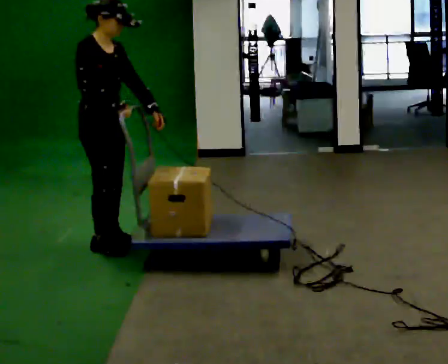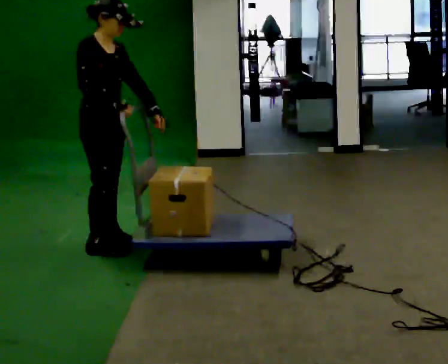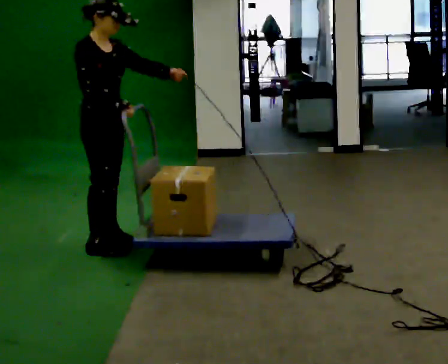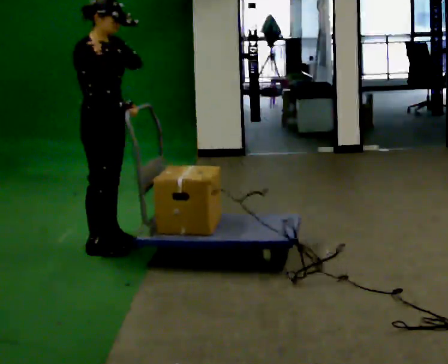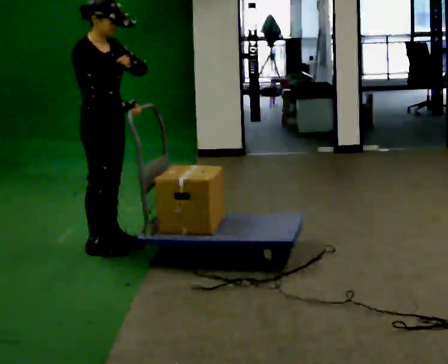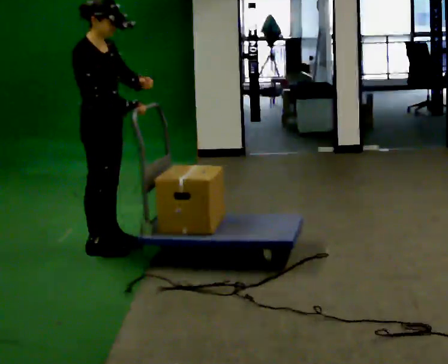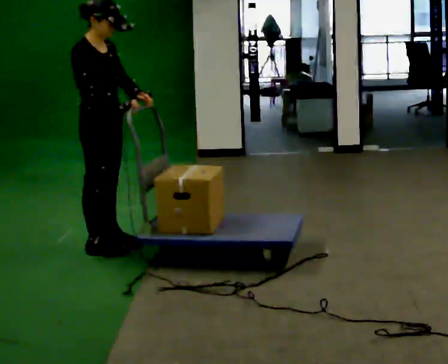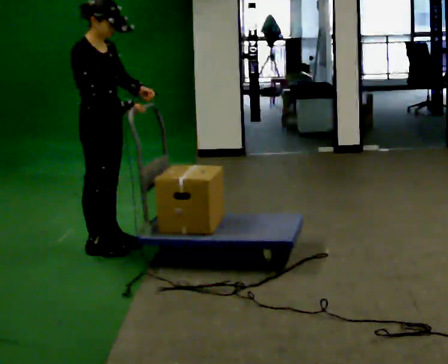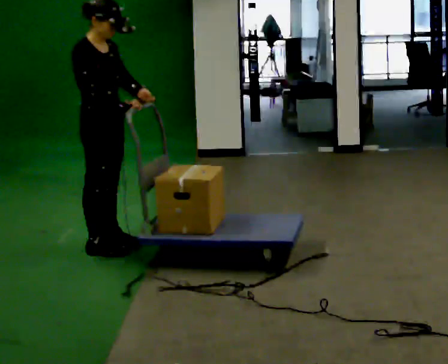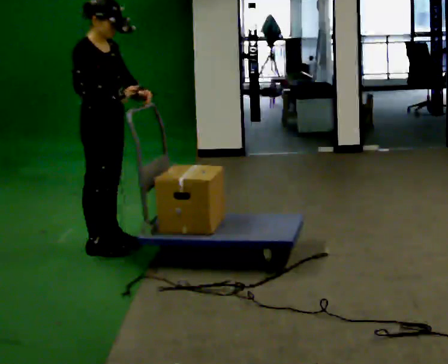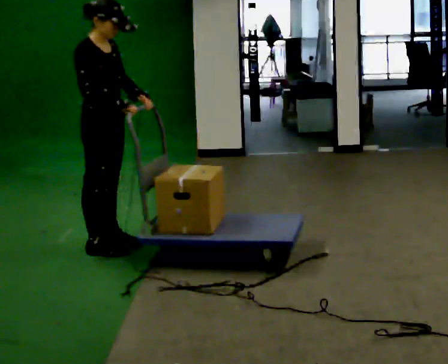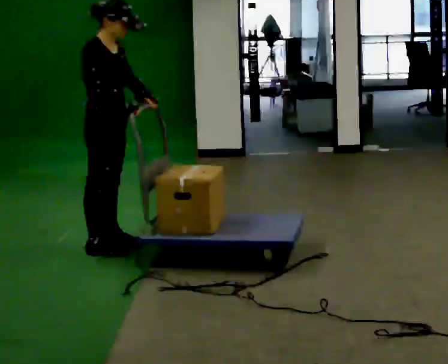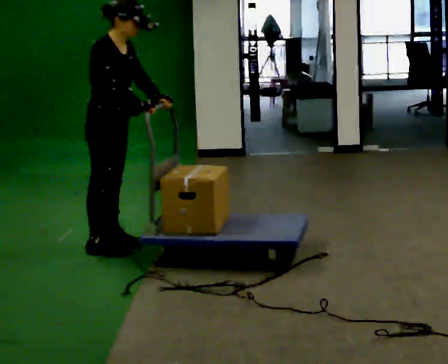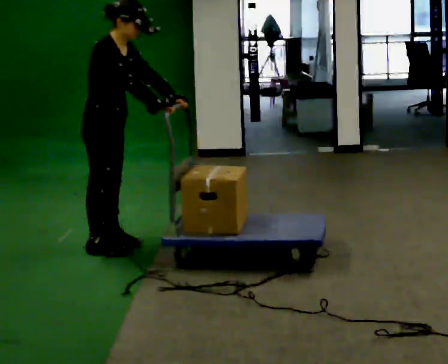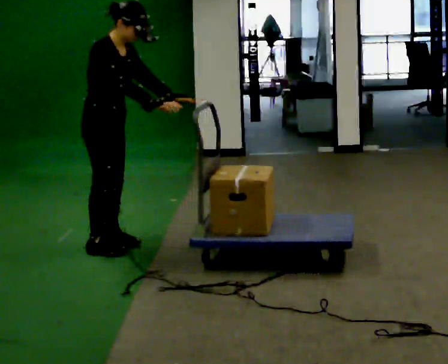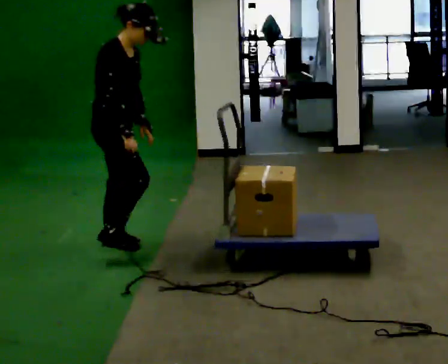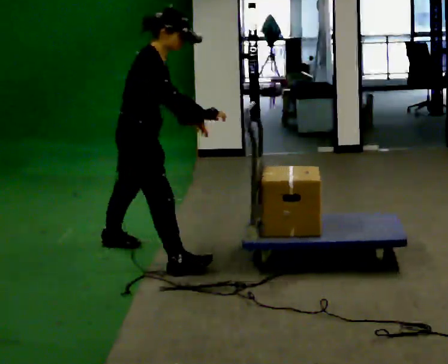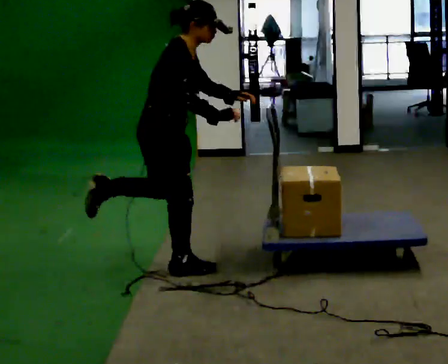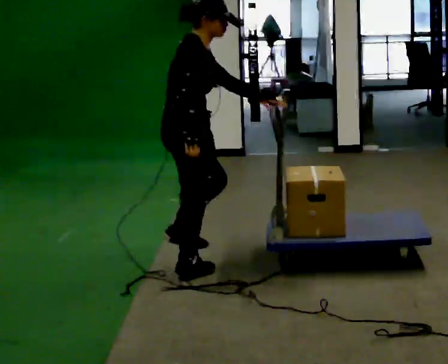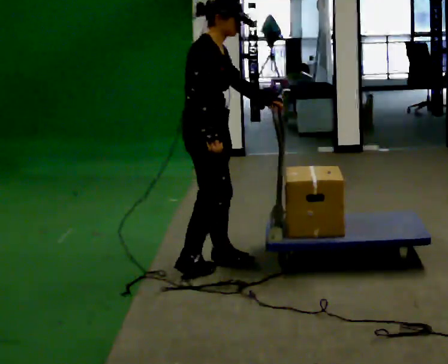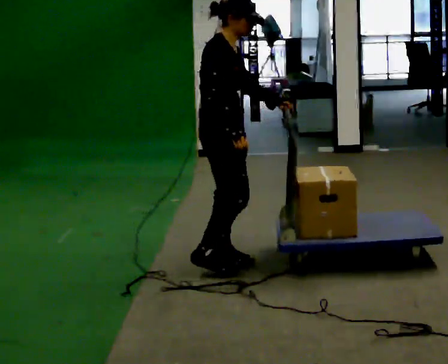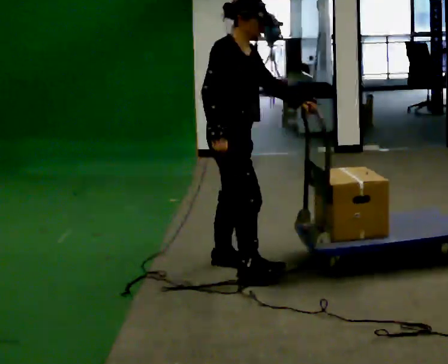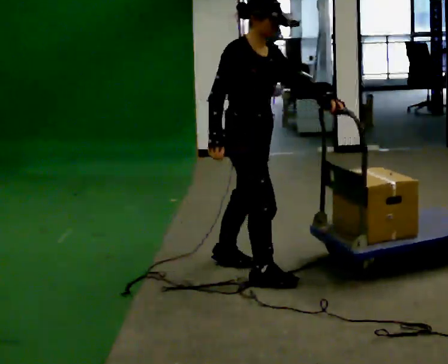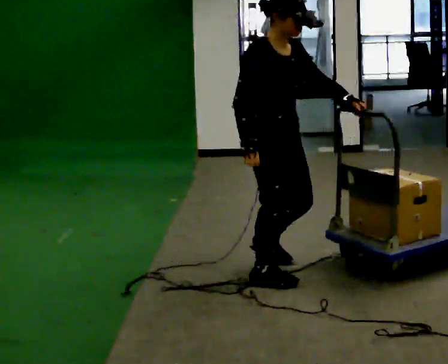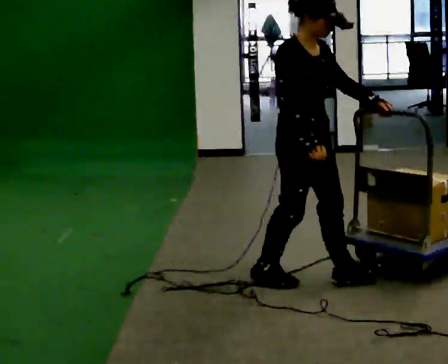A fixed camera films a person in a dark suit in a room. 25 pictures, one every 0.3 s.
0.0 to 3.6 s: The person moves a little, or ends about where they began.
3.6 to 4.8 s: In the picture they go toward the camera and to the right, about 0.25 m in 1 step, which for them is forward and to their right.
4.8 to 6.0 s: In the picture they go to the right, about 0.5 m in 1 step, which for them is forward and to their right. In the picture the upper body tilts counterclockwise, shoulders to the left, as they lean back or straighten.
6.0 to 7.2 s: The person turns about 30 degrees to their right, clockwise seen from above, so the part of the body nearest the lens slides to the left. In the picture they go to the right and toward the camera, about 0.5 m in 1 step, which for them is forward.
The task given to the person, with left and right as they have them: Stand still with your hands on the cart. When the operator says go, get it moving, push it a few metres, then bring it to a stop. Repeat until the operator says stop.
The film runs forward here.
